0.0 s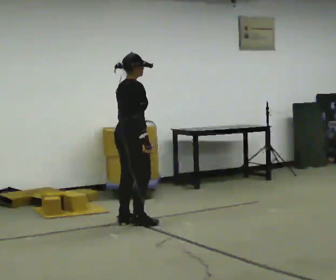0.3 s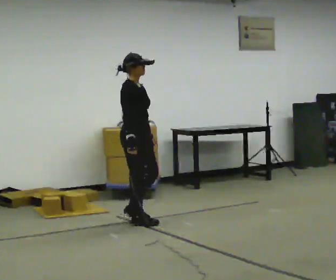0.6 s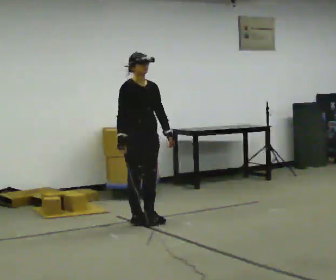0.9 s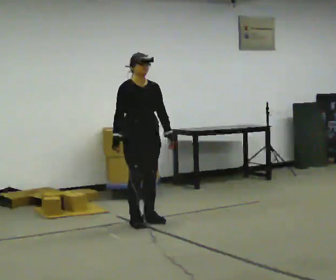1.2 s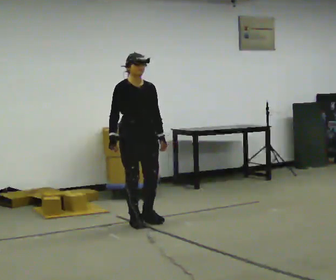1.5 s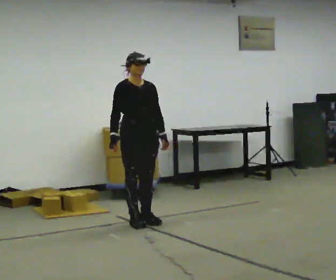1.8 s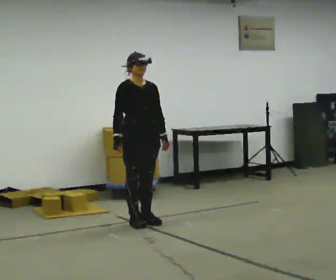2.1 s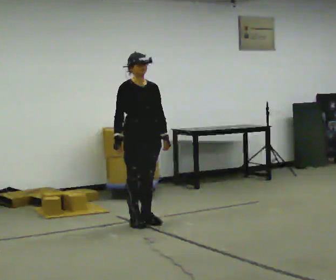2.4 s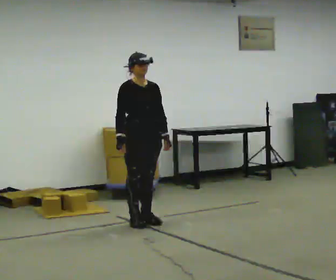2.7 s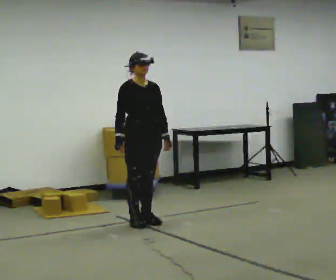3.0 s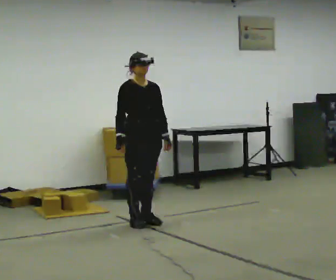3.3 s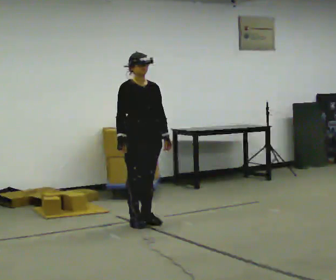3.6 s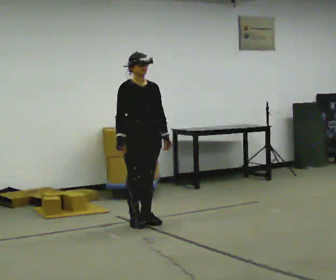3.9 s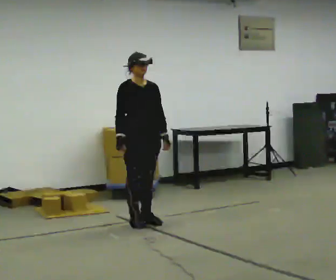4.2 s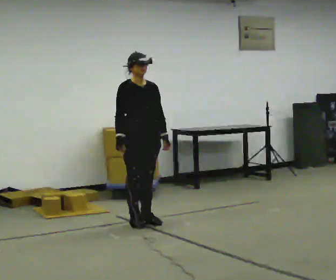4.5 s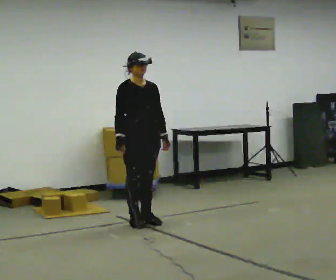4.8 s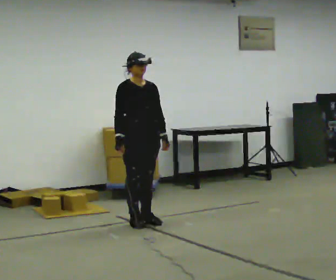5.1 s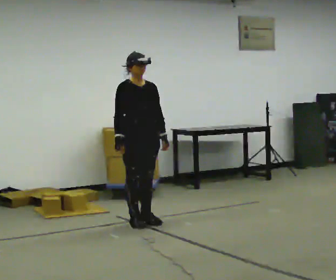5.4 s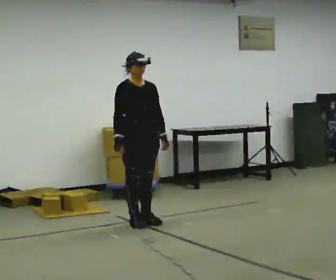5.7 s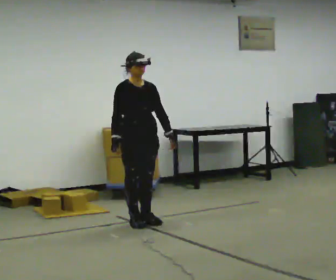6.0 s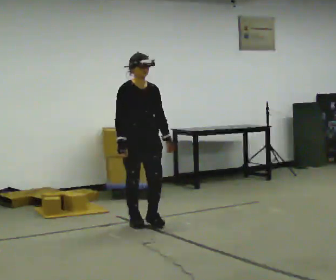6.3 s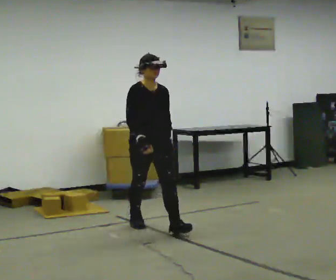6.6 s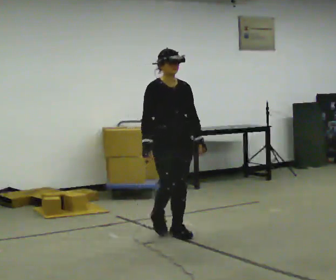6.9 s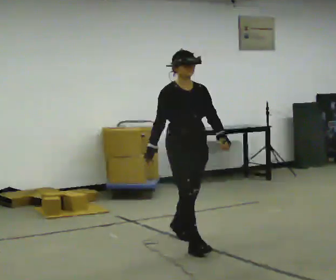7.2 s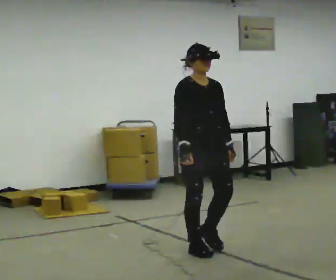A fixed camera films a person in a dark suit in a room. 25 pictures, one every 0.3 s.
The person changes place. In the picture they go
toward the camera.
0.0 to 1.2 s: The part of the body nearest the lens slides to the left as the person turns to their right by about 90 degrees. In the picture their left hand goes to the right.
1.2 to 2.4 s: The person moves a little, or ends about where they began.
2.4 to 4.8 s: The person keeps their place and pose.
4.8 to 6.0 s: In the picture they go toward the camera, about 0.25 m, which for them is forward.
6.0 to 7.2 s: In the picture they go toward the camera and to the right, about 1 m in 2 steps, which for them is forward.
The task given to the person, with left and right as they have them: Stand still 2 s; begin walking naturally; walk forward; stop.
The film runs forward here.
